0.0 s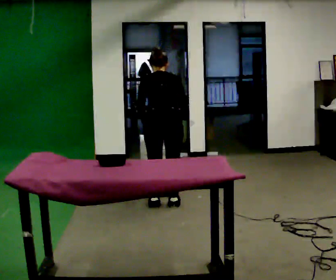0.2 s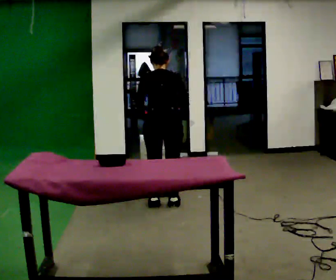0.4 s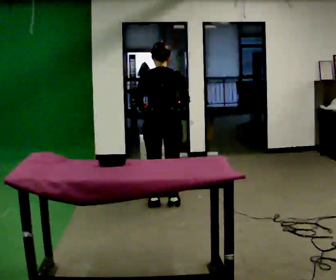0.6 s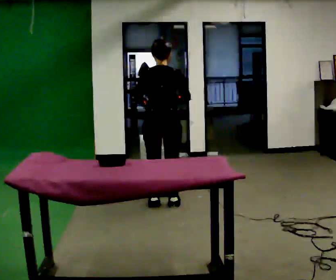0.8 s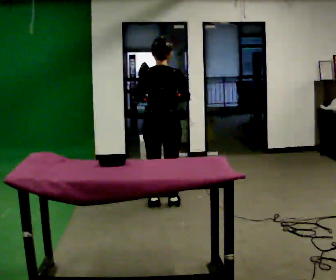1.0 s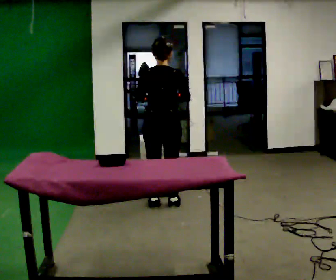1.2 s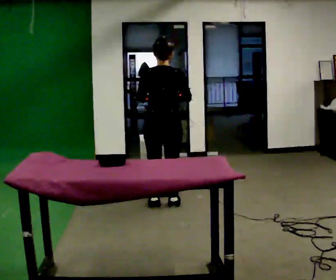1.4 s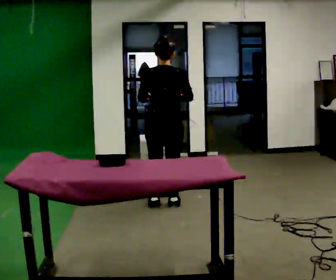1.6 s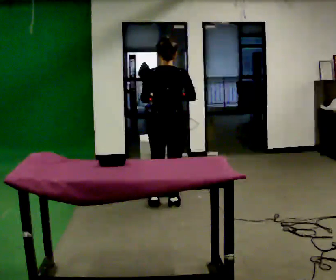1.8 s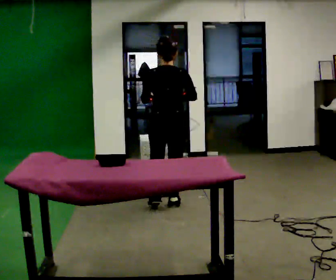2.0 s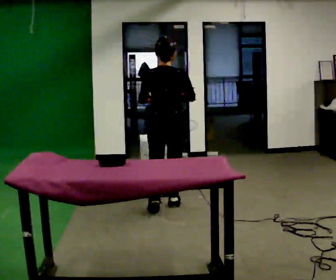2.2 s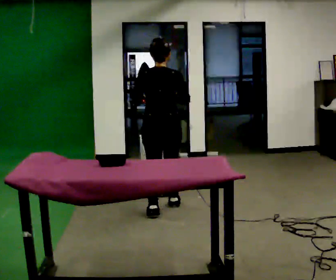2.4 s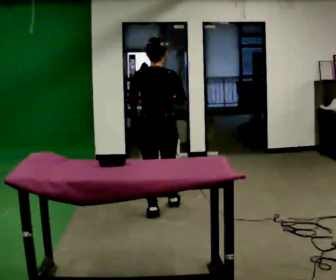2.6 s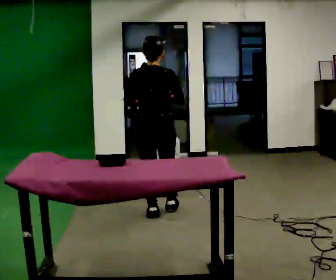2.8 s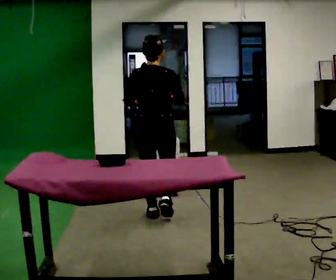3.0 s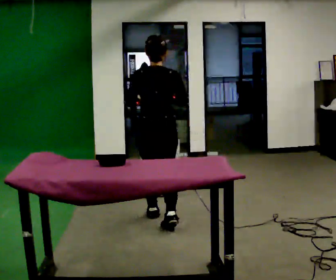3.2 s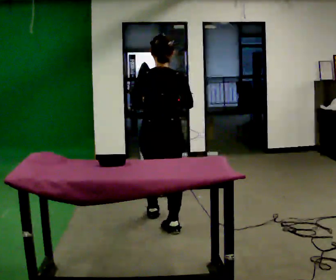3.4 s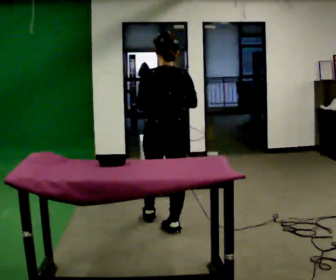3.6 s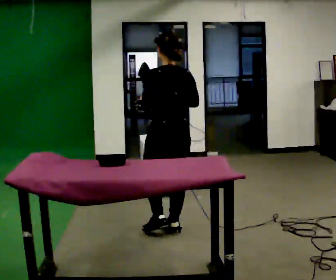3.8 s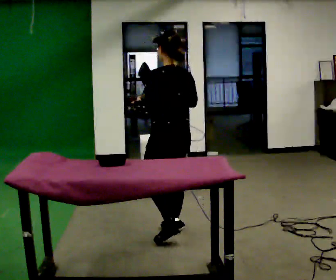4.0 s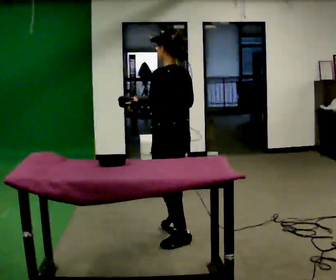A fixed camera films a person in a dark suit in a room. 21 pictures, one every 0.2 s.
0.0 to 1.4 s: The upper body tips toward the camera, its near side rolling downward, as they lean back or straighten.
1.4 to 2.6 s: In the picture they go toward the camera, about 0.25 m in 2 steps, which for them is backward.
2.6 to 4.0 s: Seen from above the body turns counterclockwise, about 60 degrees: to their left, with its near side sliding to the right. In the picture they go toward the camera, about 0.5 m in 1 step.
The film runs backward here.
